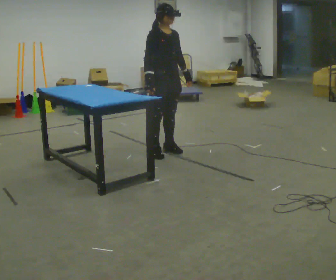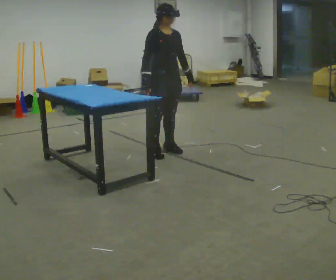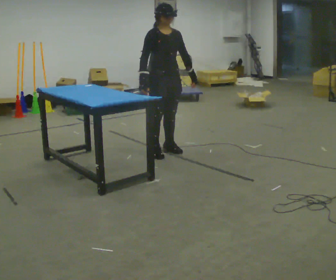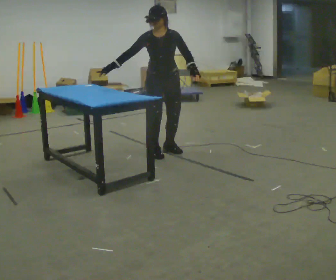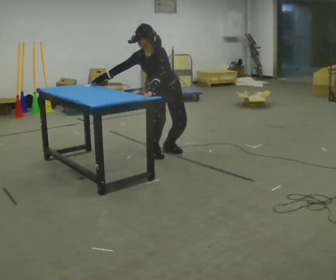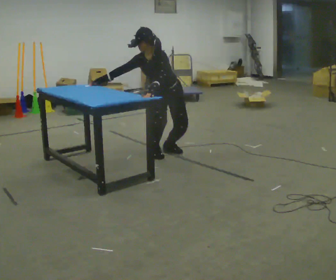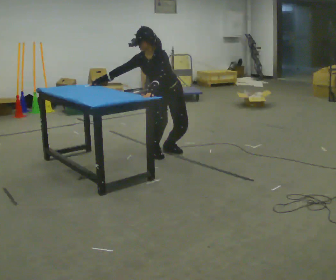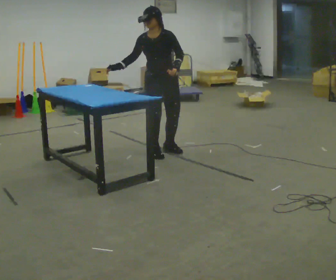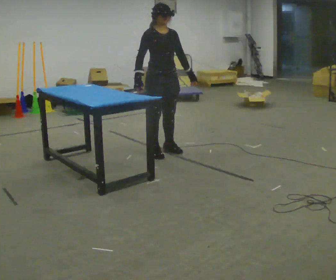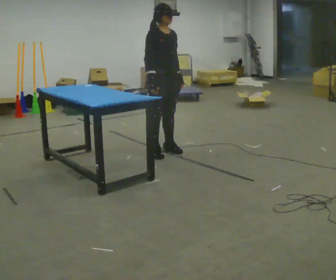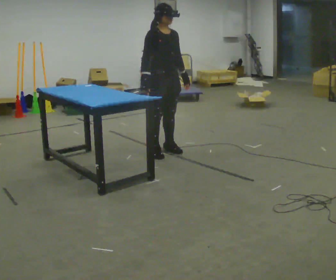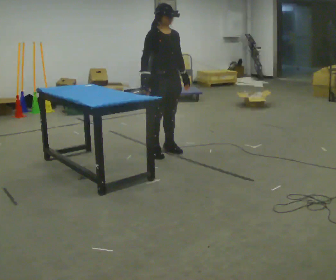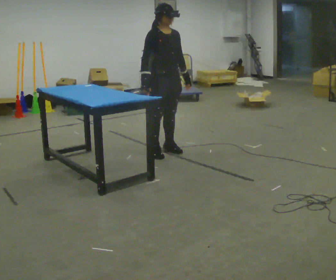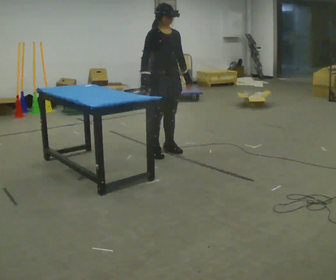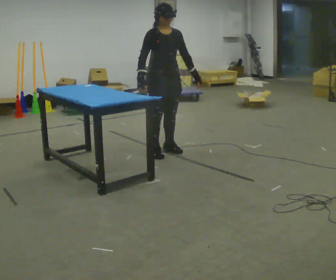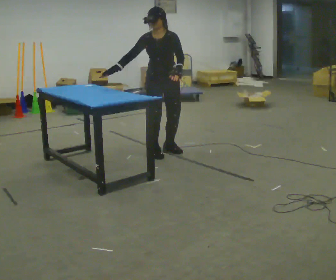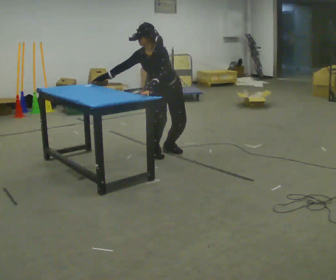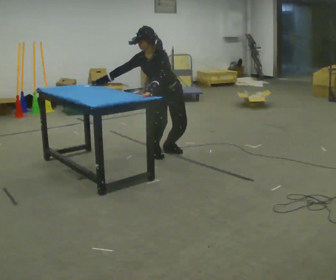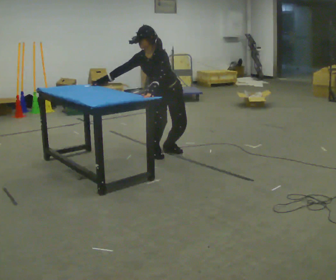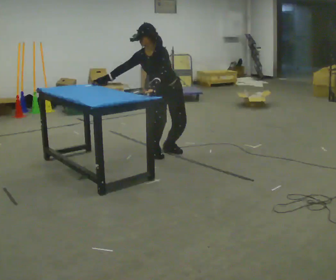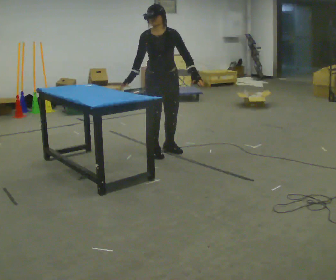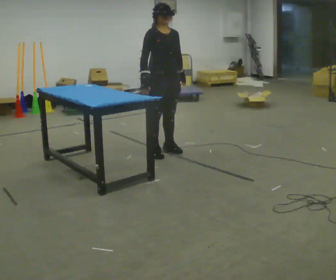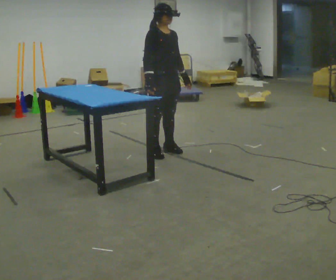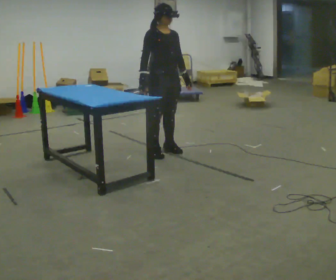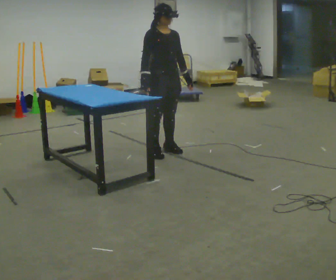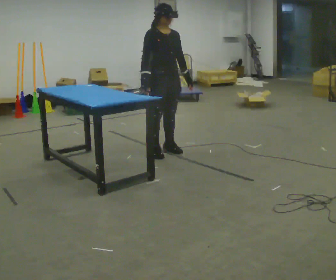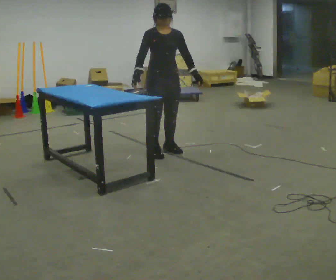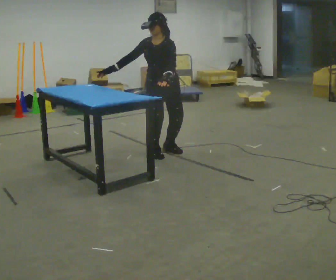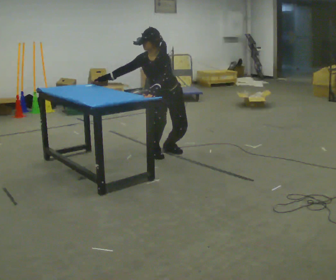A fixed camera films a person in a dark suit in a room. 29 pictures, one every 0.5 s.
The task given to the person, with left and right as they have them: Touch each numbered target to your side and behind you in the order the operator calls, without moving your feet. Keep both feet on the marked spots for the whole take. If you have to step, stop and tell the operator.
0.0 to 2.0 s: The part of the body nearest the lens slides to the left as the person turns to their right by about 60 degrees. The upper body goes downward. In the picture the upper body tilts counterclockwise, shoulders to the left, as they bend forward. In the picture their left hand goes to the left.
2.0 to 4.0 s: The part of the body nearest the lens slides to the right as the person turns to their left by about 60 degrees. The upper body goes upward. In the picture the upper body tilts clockwise, shoulders to the right, as they lean back or straighten. In the picture their left hand goes to the right.
4.0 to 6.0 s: The person moves a little, or ends about where they began.
6.0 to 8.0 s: The person turns about 60 degrees to their right, clockwise seen from above, so the part of the body nearest the lens slides to the left. The upper body goes downward. In the picture the upper body tilts counterclockwise, shoulders to the left, as they bend forward. In the picture their left hand goes to the left.
8.0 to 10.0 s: The part of the body nearest the lens slides to the right as the person turns to their left by about 30 degrees. The shoulders move upward. In the picture the upper body tilts clockwise, shoulders to the right, as they lean back or straighten. In the picture their left hand goes to the right.
10.0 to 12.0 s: The person turns about 30 degrees to their left, counterclockwise seen from above, so the part of the body nearest the lens slides to the right.
12.0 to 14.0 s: Seen from above the body turns clockwise, about 60 degrees: to their right, with its near side sliding to the left. The shoulders move downward. The upper body tips toward the camera, its near side rolling downward, as they bend forward. In the picture their left hand goes to the left.
The film runs forward here.
